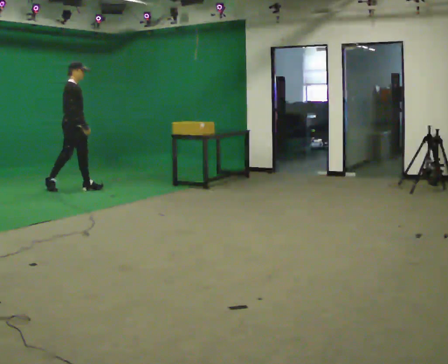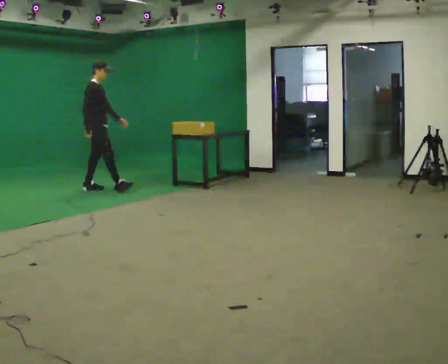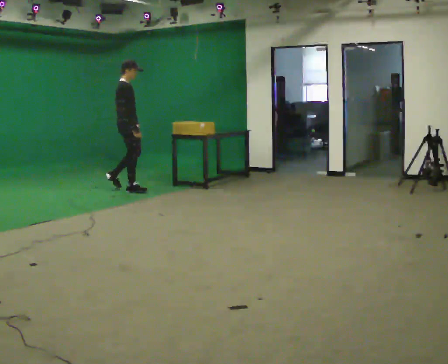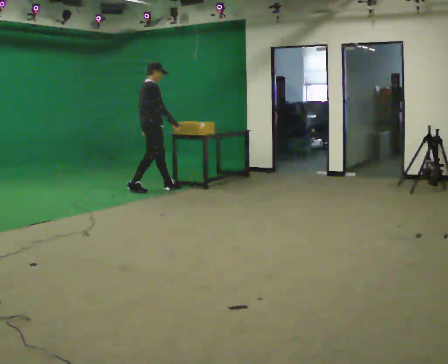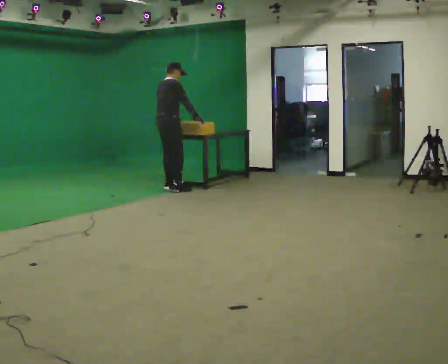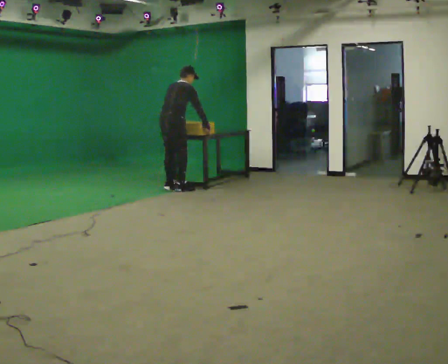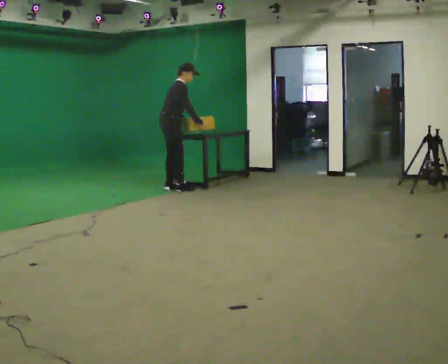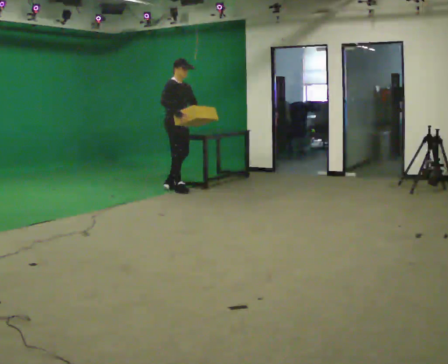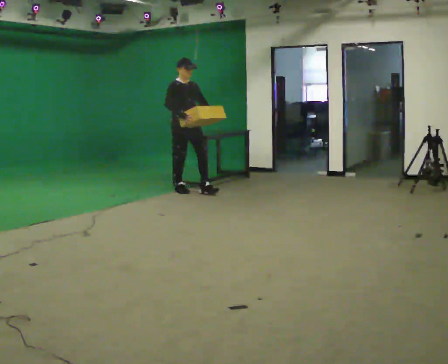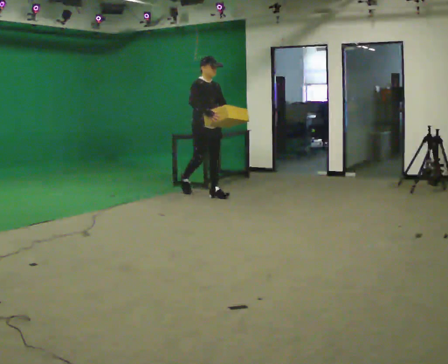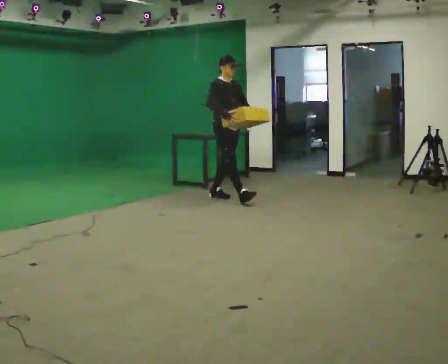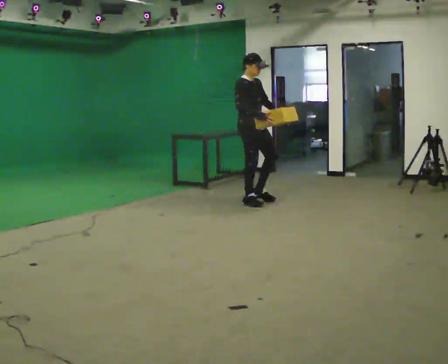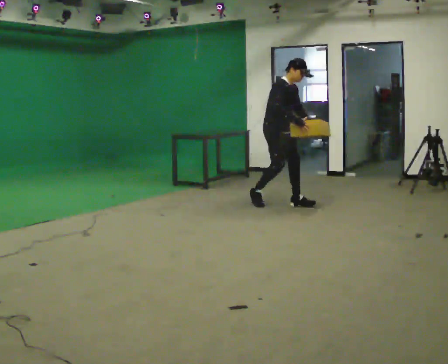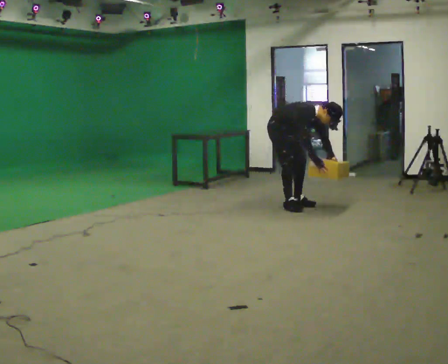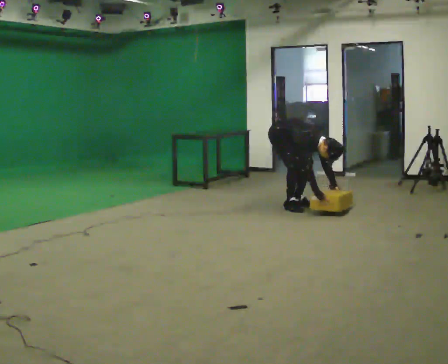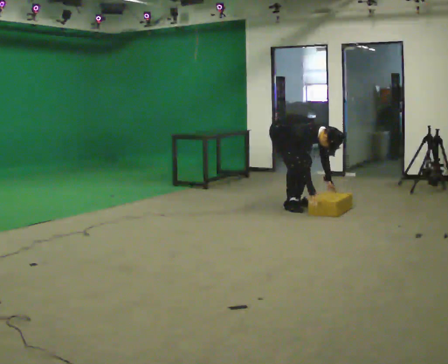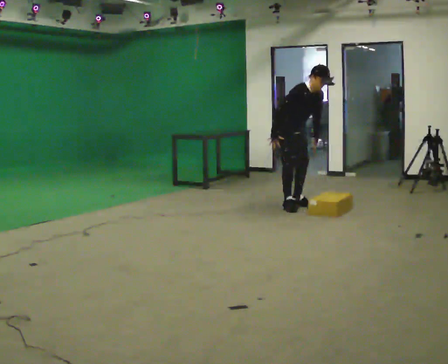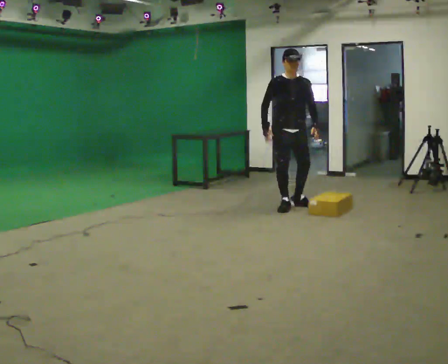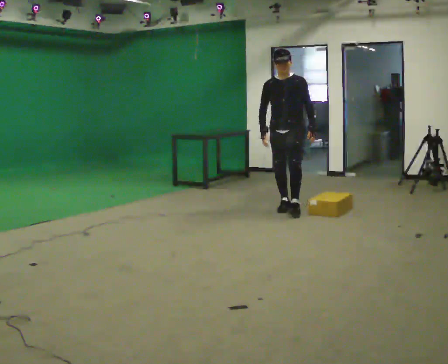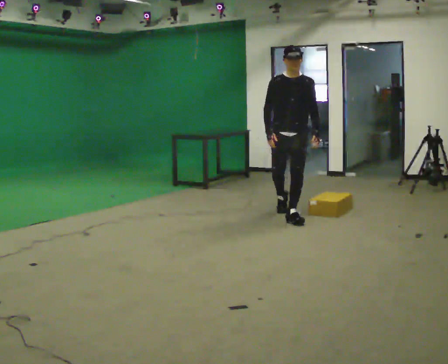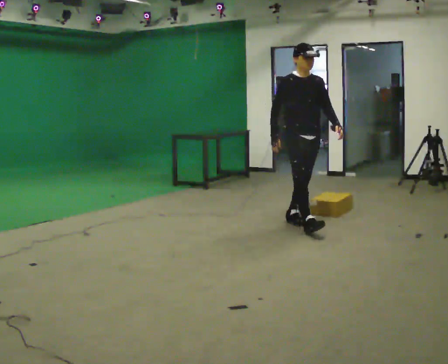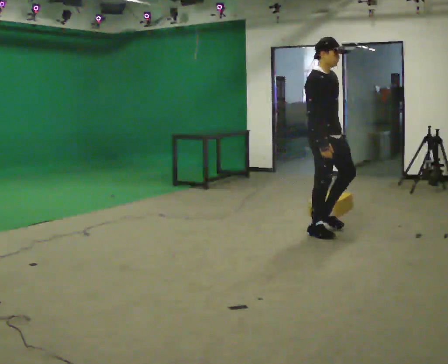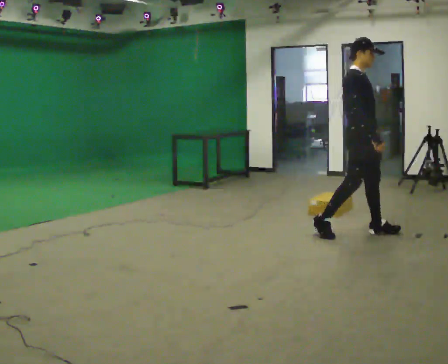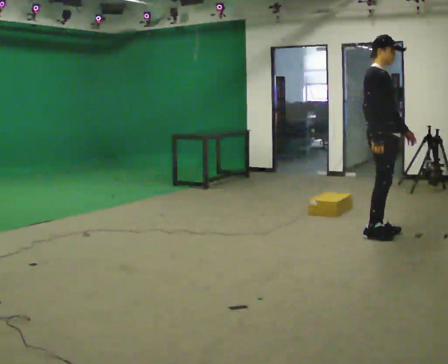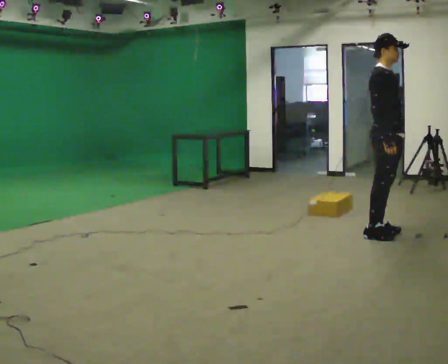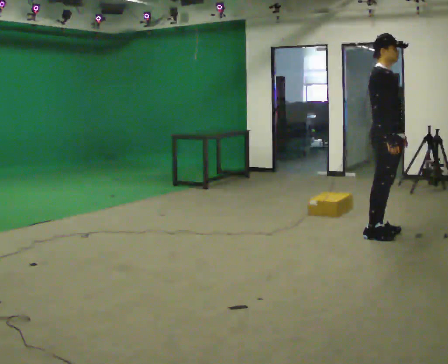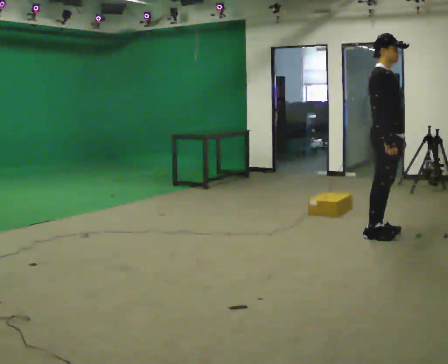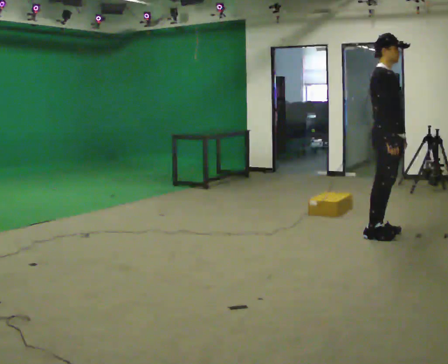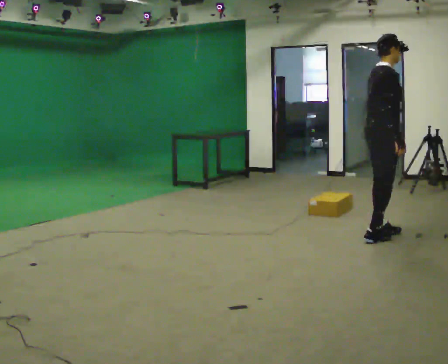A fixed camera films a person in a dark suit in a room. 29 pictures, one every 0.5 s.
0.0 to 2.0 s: Seen from above the body turns counterclockwise, about 45 degrees: to their left, with its near side sliding to the right. In the picture they go to the right, about 1.5 m in 2 steps, which for them is forward.
2.0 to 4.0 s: The part of the body nearest the lens slides to the left as the person turns to their right by about 90 degrees. In the picture they go to the right and toward the camera, about 0.25 m in 1 step.
4.0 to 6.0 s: In the picture they go to the right and toward the camera, about 1.5 m in 3 steps, which for them is forward.
6.0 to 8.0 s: The person moves a little, or ends about where they began.
8.0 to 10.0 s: In the picture they go toward the camera, about 1 m in 1 step, which for them is forward. In the picture the upper body tilts counterclockwise, shoulders to the left, as they lean back or straighten.
10.0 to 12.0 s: The person turns about 30 degrees to their left, counterclockwise seen from above, so the part of the body nearest the lens slides to the right. In the picture they go to the right and toward the camera, about 1 m in 3 steps, which for them is forward.
12.0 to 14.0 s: The person turns about 45 degrees to their left, counterclockwise seen from above, so the part of the body nearest the lens slides to the right.
The film runs forward here.
